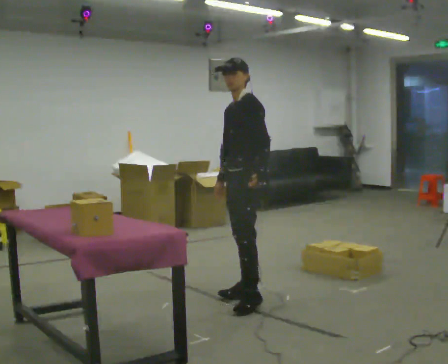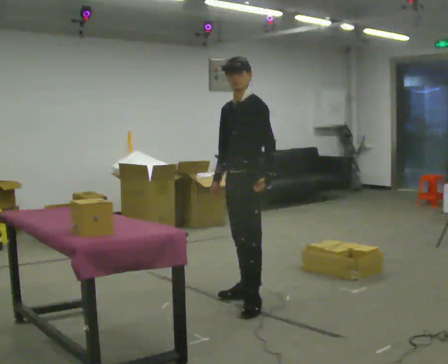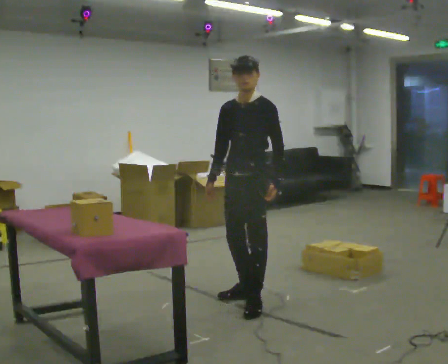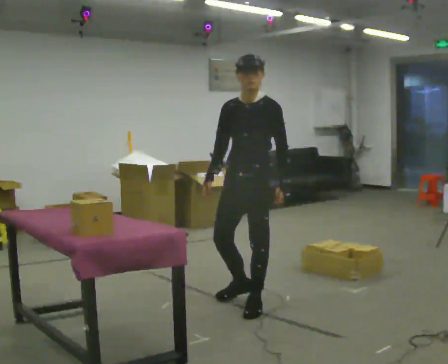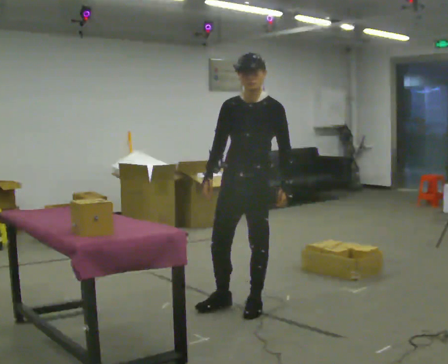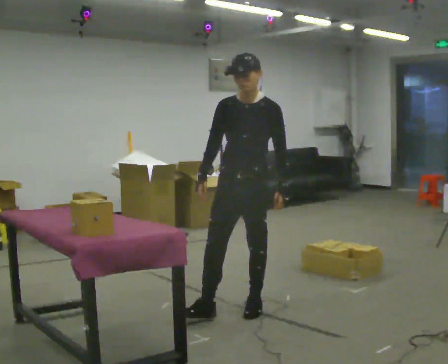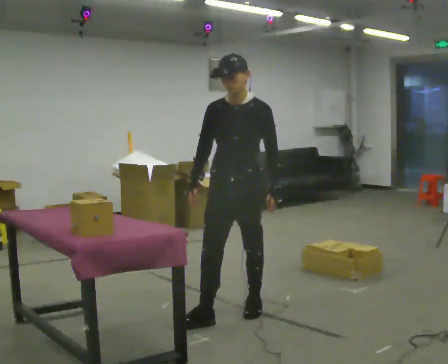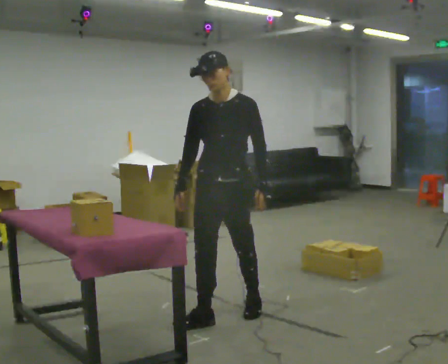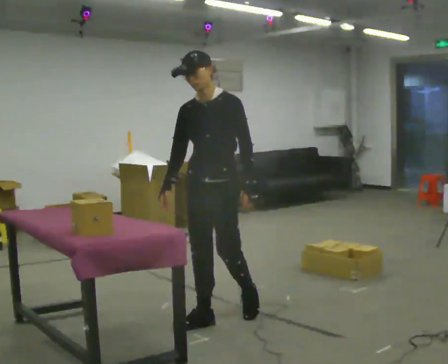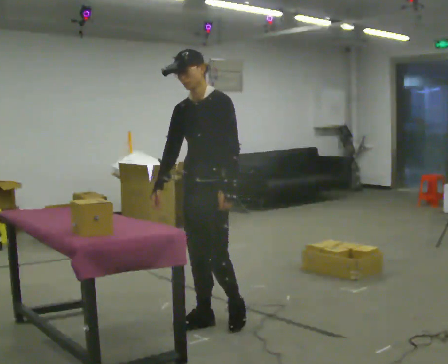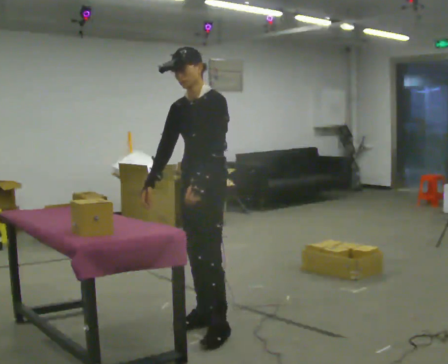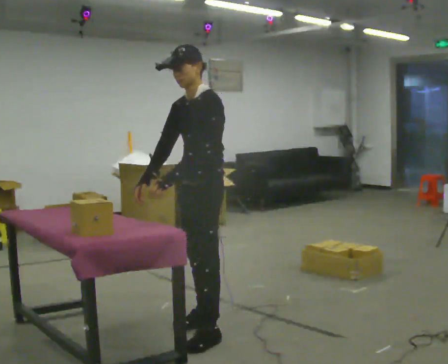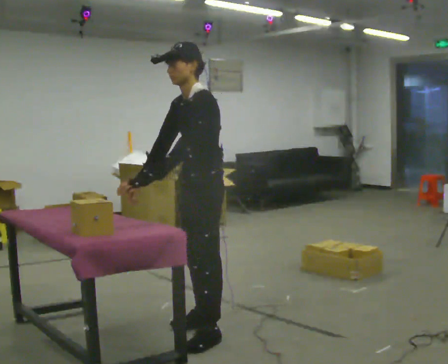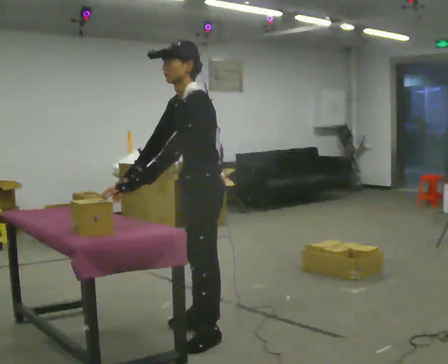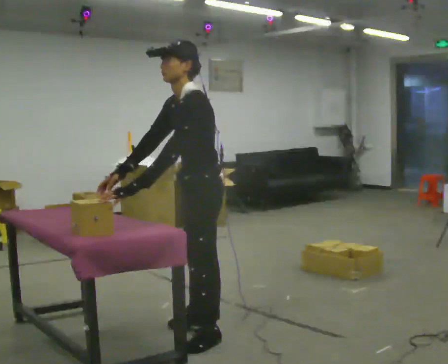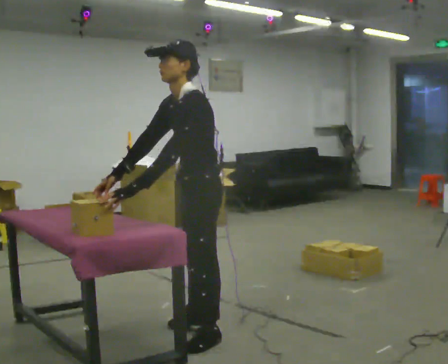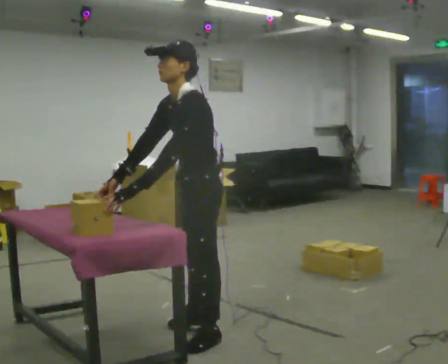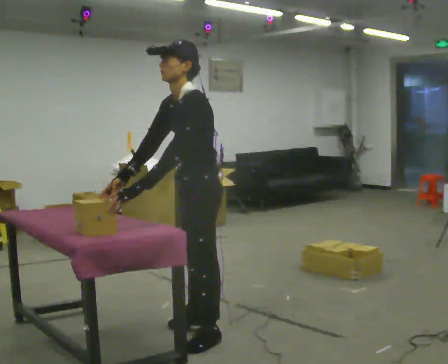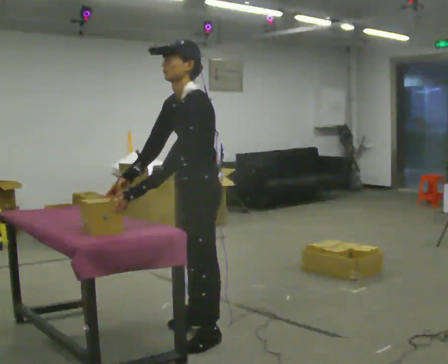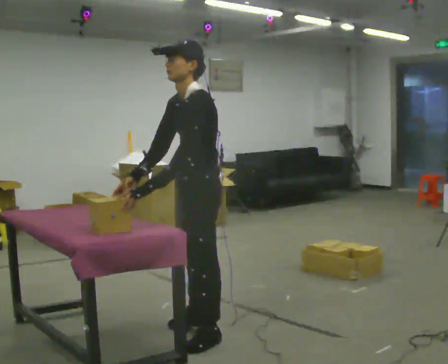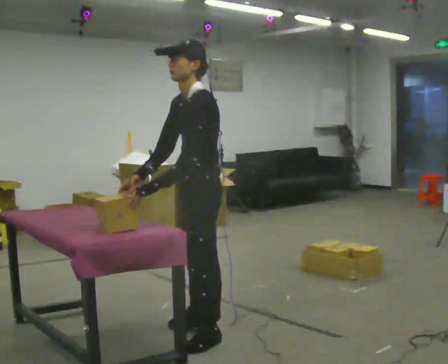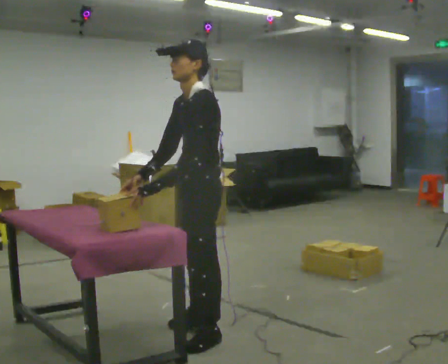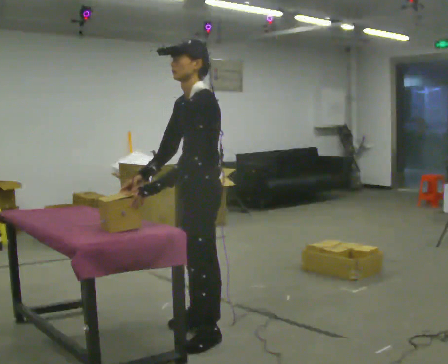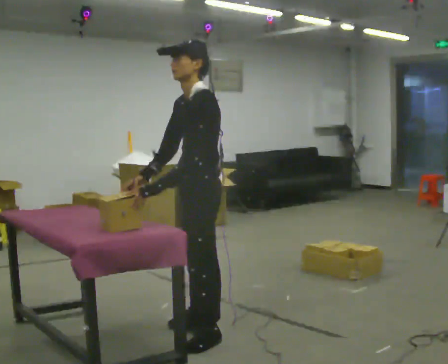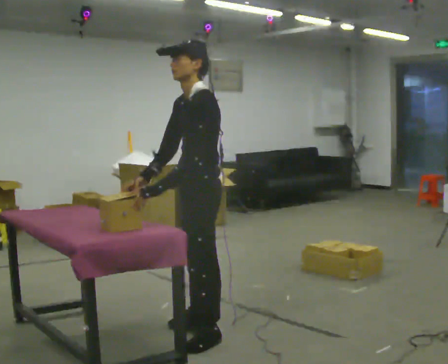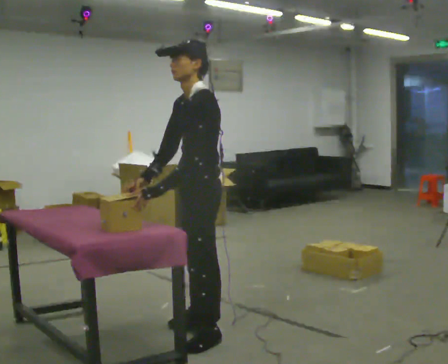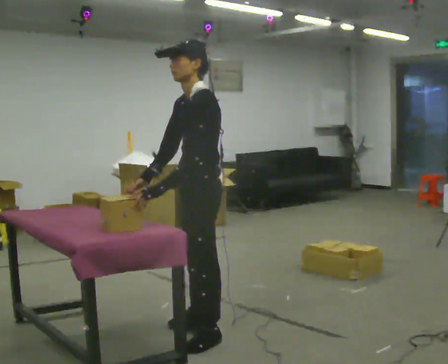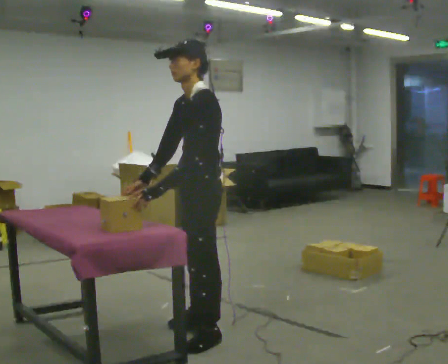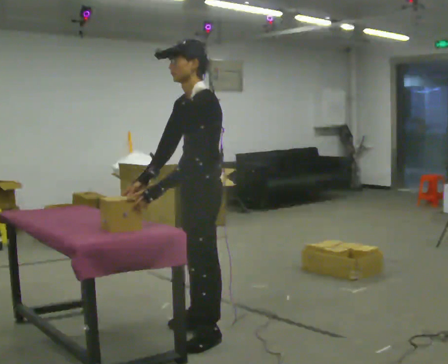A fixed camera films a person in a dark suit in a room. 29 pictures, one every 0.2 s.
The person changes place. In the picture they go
toward the camera.
0.0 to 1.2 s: Seen from above the body turns counterclockwise, about 45 degrees: to their left, with its near side sliding to the right. In the picture they go toward the camera, about 0.5 m in 1 step, which for them is forward.
1.2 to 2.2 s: The person turns about 30 degrees to their right, clockwise seen from above, so the part of the body nearest the lens slides to the left. In the picture they go toward the camera and to the left, about 0.25 m in 1 step, which for them is forward.
2.2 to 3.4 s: In the picture they go toward the camera, about 0.25 m, which for them is to their left.
3.4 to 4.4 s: The person moves a little, or ends about where they began.
4.4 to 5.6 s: The person keeps their place and pose.
The film runs forward here.
